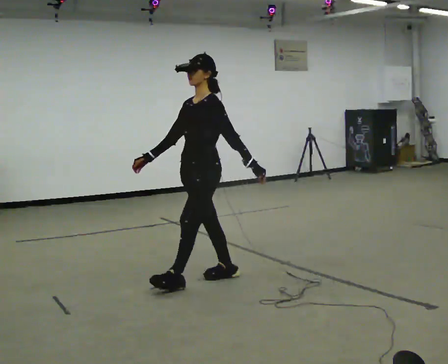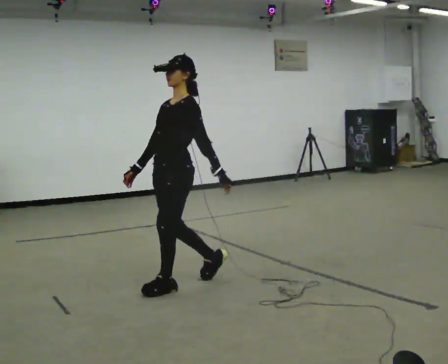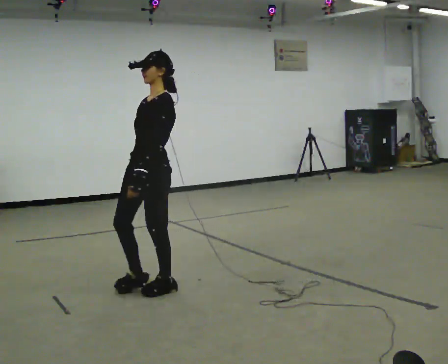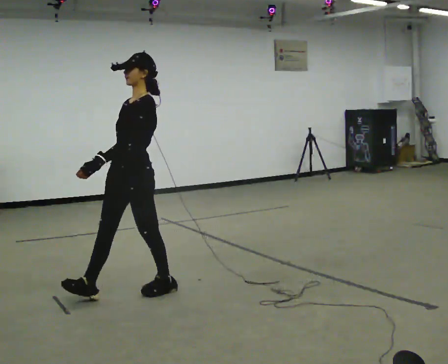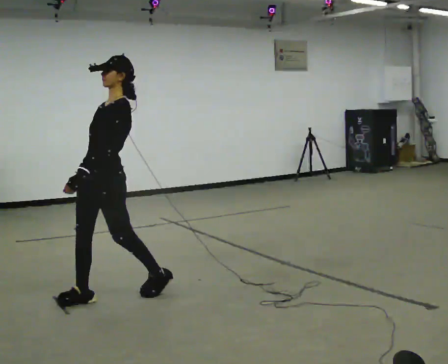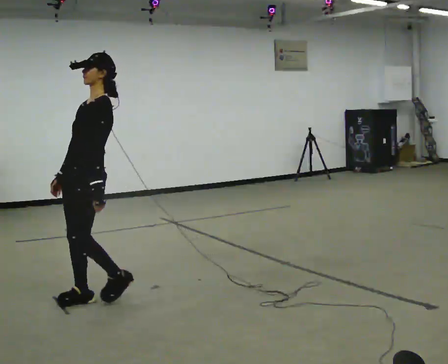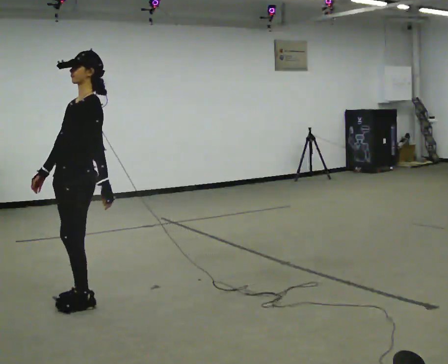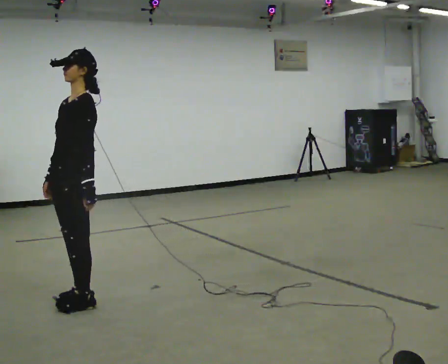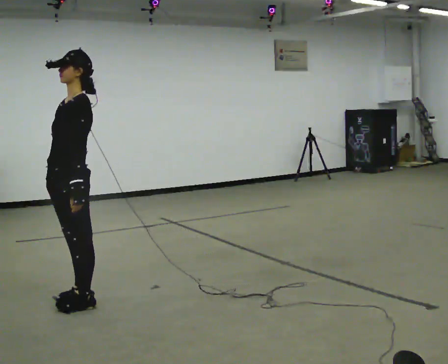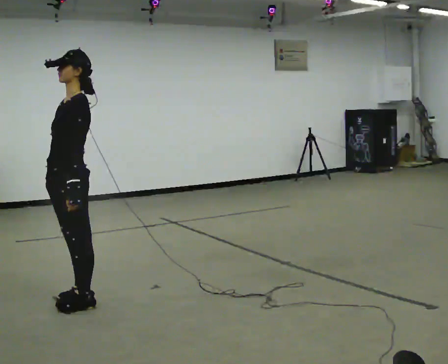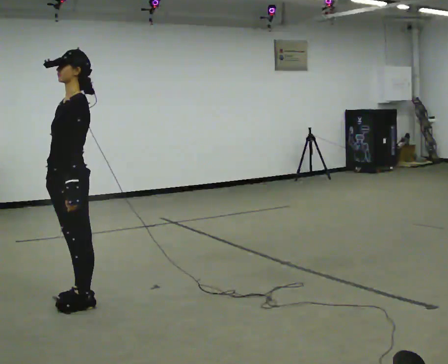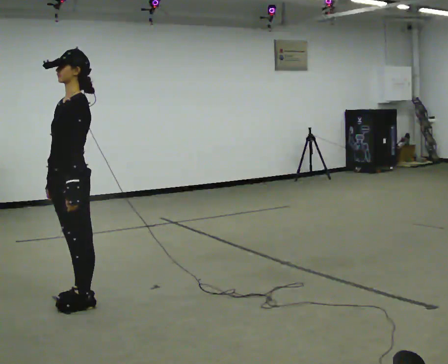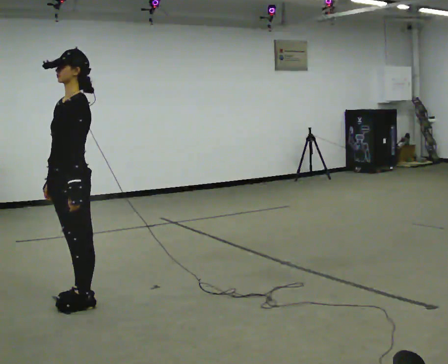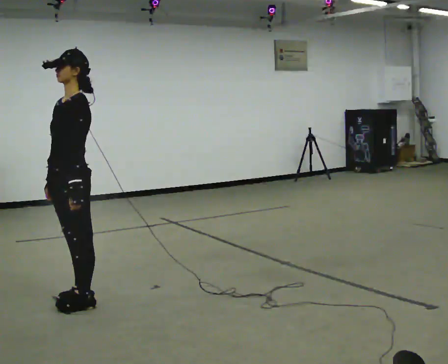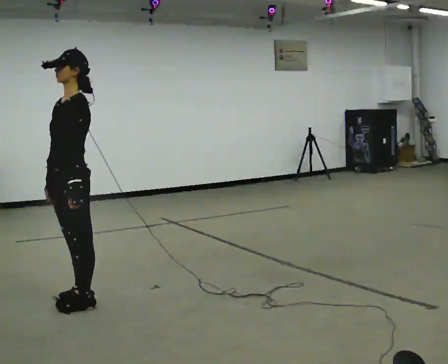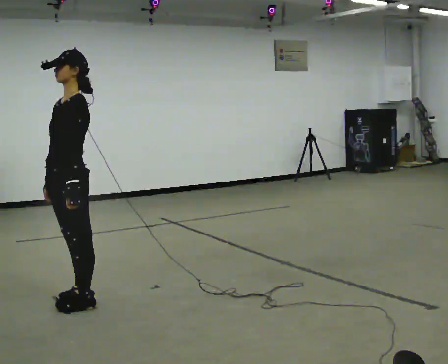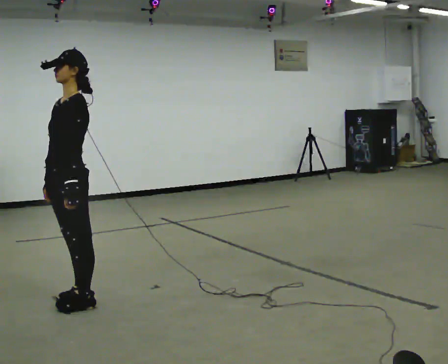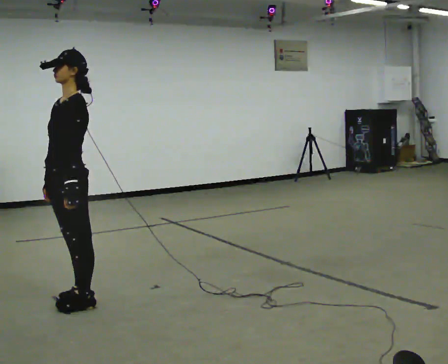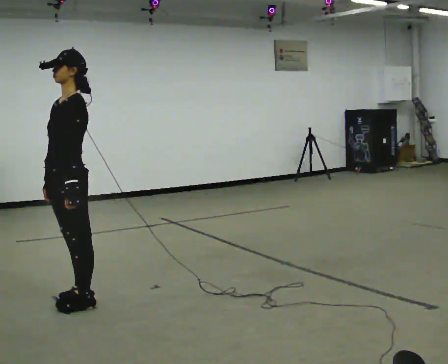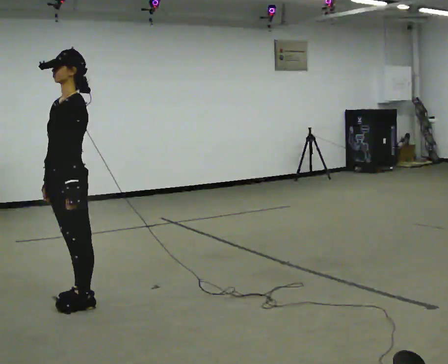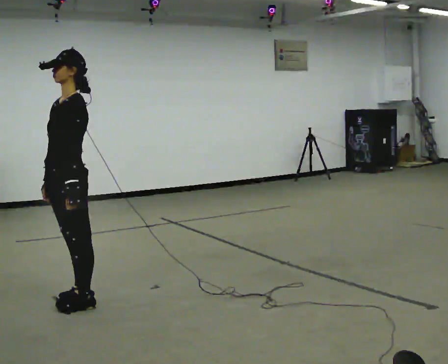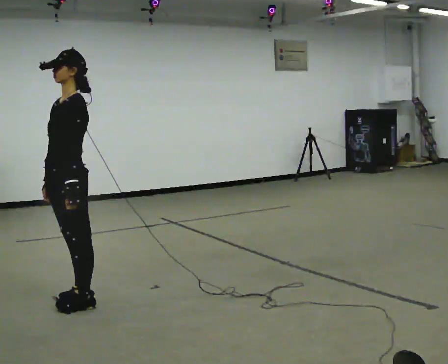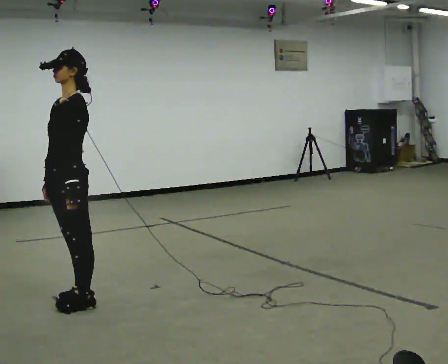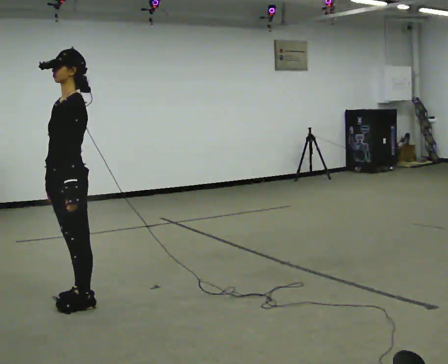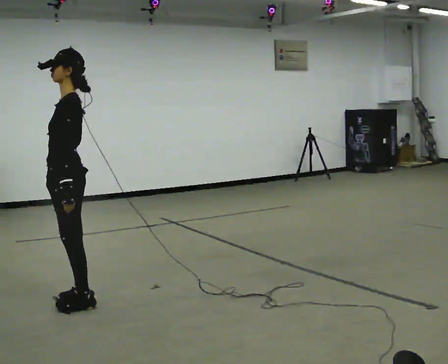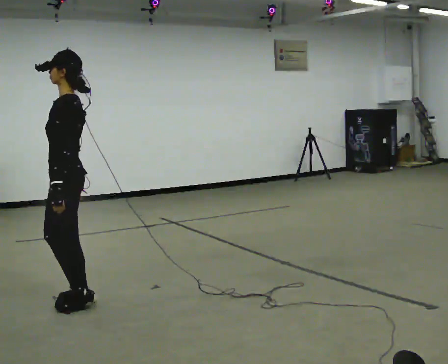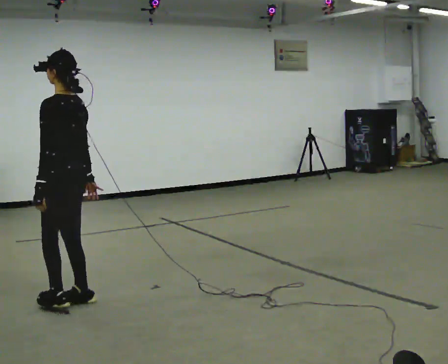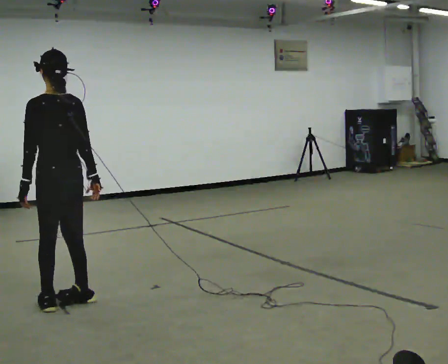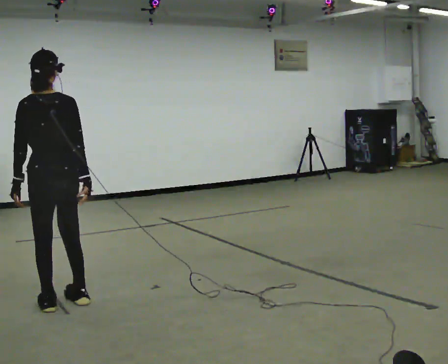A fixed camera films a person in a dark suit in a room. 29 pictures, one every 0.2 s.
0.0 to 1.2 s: In the picture they go to the left, about 1 m in 3 steps, which for them is forward.
1.2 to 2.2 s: The person moves a little, or ends about where they began.
2.2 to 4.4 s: The person keeps their place and pose.
4.4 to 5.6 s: The part of the body nearest the lens slides to the left as the person turns to their right by about 120 degrees.
The film runs forward here.
